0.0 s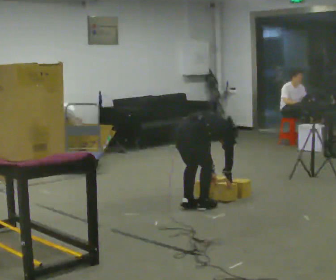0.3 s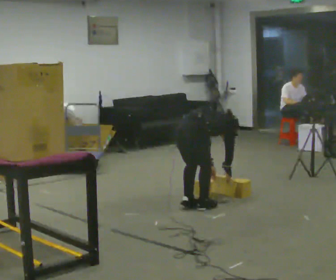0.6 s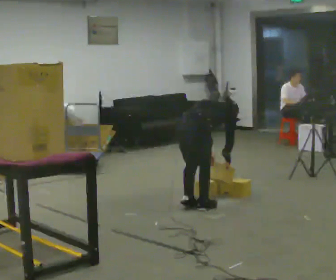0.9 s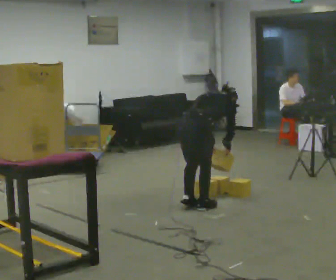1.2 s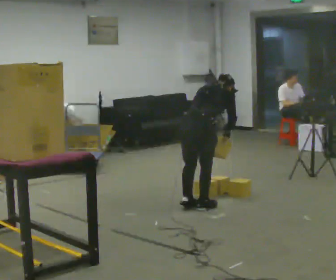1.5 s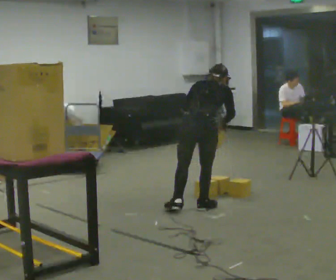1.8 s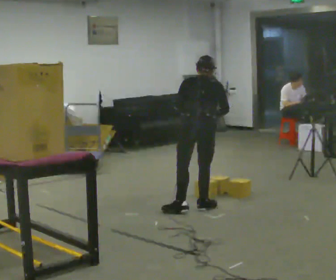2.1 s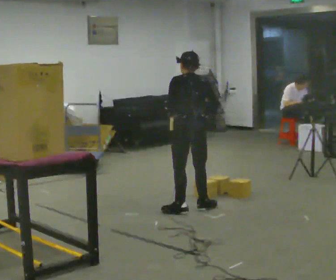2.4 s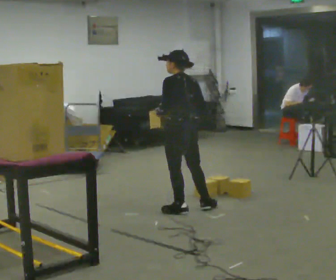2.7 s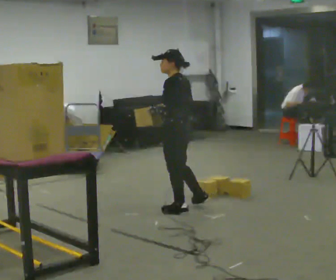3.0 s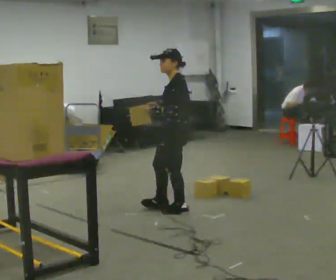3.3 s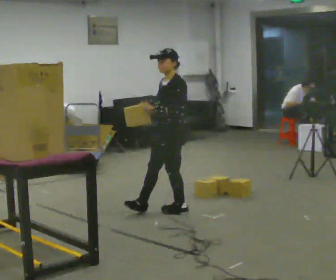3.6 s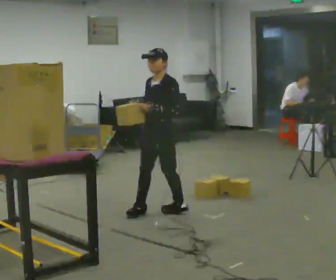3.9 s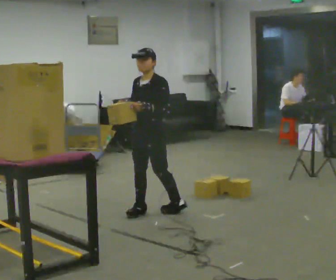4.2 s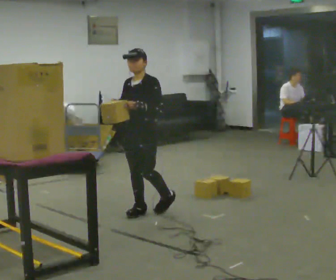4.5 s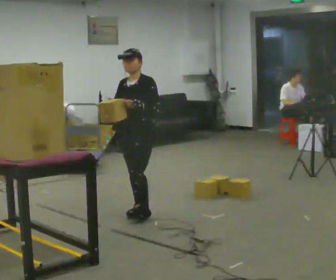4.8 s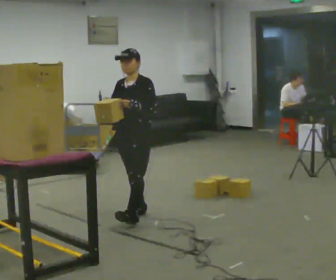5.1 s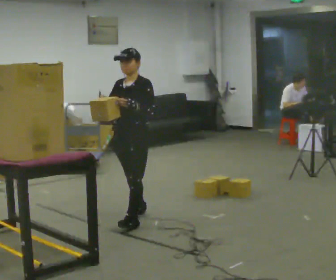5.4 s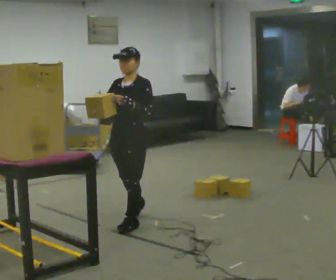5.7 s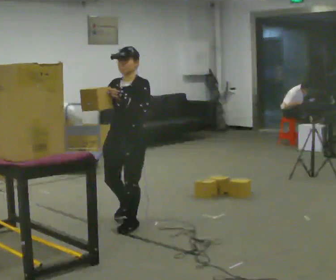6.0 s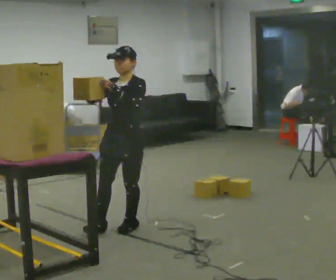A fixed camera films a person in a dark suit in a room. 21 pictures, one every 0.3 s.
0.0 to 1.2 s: The upper body goes upward. The upper body tips toward the camera, its near side rolling downward, as they lean back or straighten. In the picture their left hand goes upward.
1.2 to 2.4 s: The person turns about 75 degrees to their left, counterclockwise seen from above, so the part of the body nearest the lens slides to the right. In the picture the upper body tilts counterclockwise, shoulders to the left, as they lean back or straighten. In the picture their right hand goes to the left.
2.4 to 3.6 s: The person turns about 90 degrees to their left, counterclockwise seen from above, so the part of the body nearest the lens slides to the right. In the picture they go to the left, about 0.25 m in 1 step. In the picture their right hand goes to the left.
3.6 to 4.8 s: In the picture they go to the left, about 0.25 m in 1 step, which for them is forward.
4.8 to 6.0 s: In the picture they go toward the camera, about 0.5 m, which for them is forward and to their left.
The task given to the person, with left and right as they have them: Take an object down from the highest shelf you can comfortably reach, carry it across the room, and set it on the floor. Keep going until the operator says stop; one object at a time, and do not rush between trips.
The film runs forward here.
